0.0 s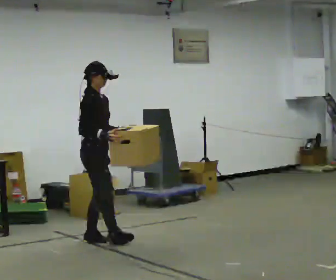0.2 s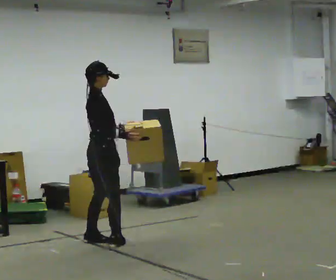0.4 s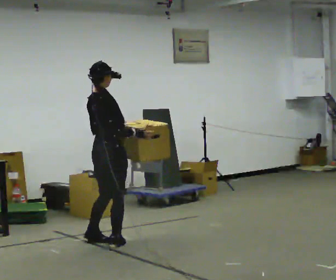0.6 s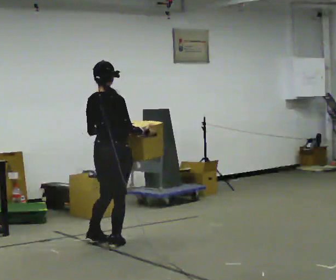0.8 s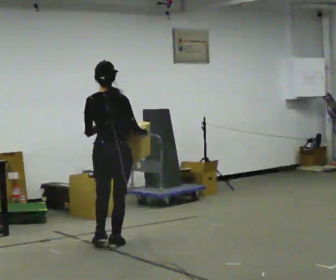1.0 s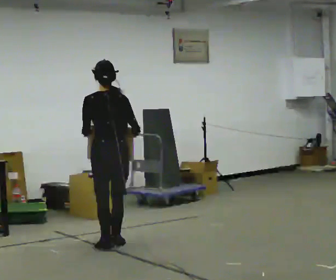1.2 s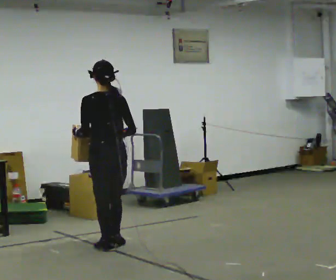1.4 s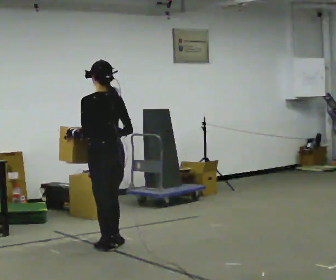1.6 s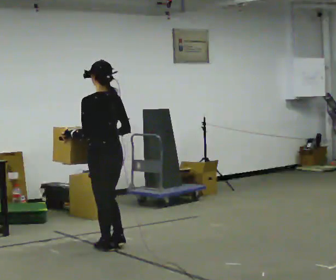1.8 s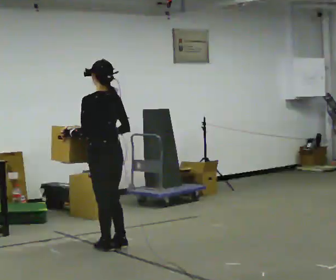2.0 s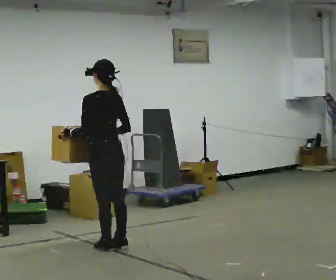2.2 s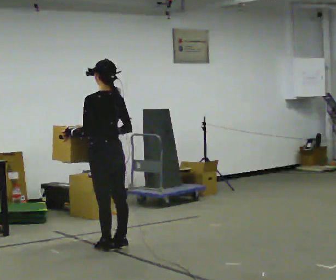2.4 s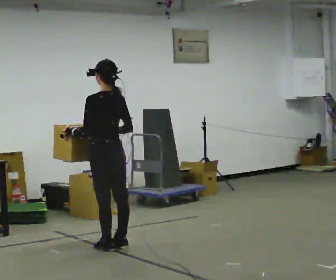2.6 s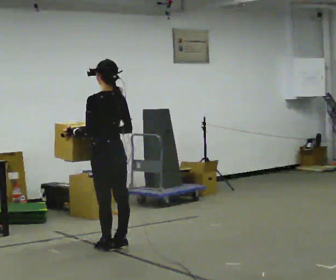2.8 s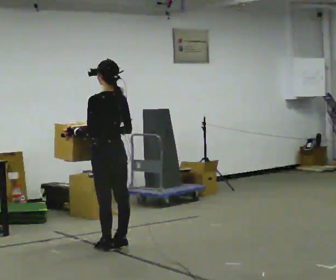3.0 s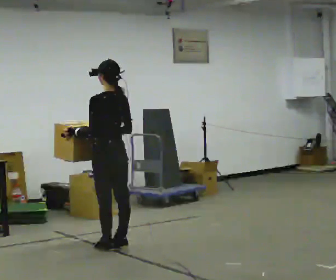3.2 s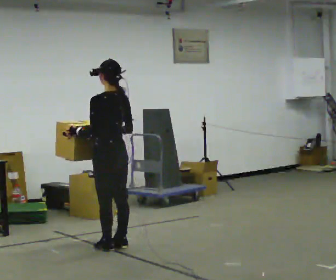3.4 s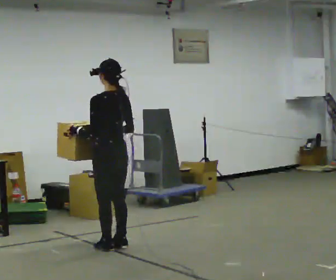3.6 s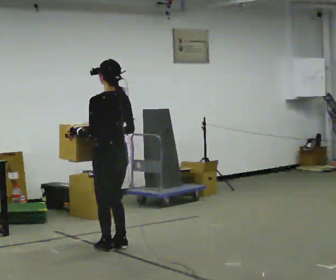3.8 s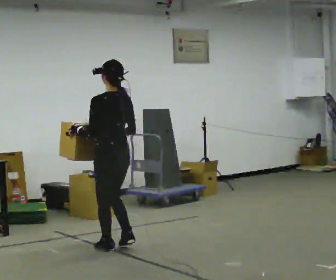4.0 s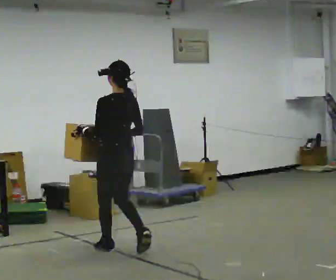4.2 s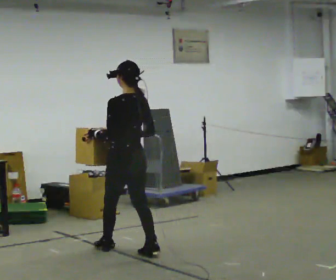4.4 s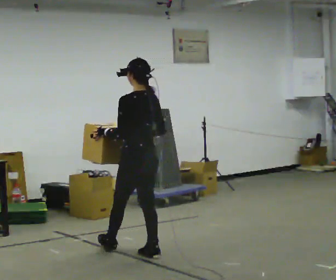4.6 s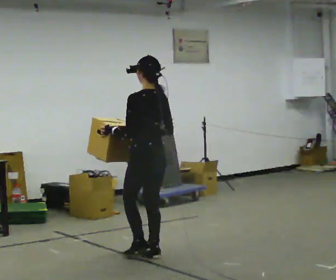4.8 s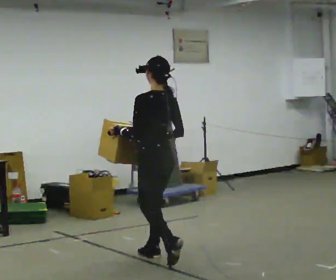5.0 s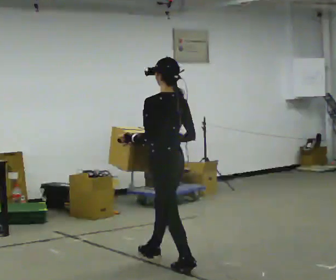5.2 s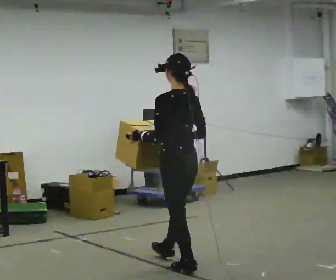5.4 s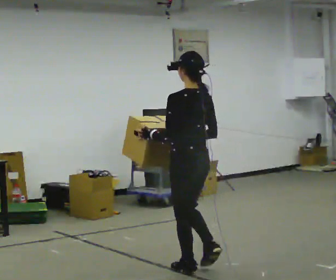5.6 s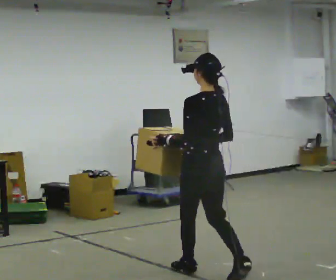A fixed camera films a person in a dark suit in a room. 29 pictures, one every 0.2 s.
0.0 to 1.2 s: Seen from above the body turns counterclockwise, about 120 degrees: to their left, with its near side sliding to the right. In the picture they go toward the camera, about 0.25 m in 1 step.
1.2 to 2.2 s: Seen from above the body turns counterclockwise, about 30 degrees: to their left, with its near side sliding to the right.
2.2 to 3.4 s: The person moves a little, or ends about where they began.
3.4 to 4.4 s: In the picture they go toward the camera and to the right, about 0.25 m in 2 steps, which for them is backward.
4.4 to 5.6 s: In the picture they go toward the camera and to the right, about 1 m in 1 step, which for them is backward.
The film runs backward here.
